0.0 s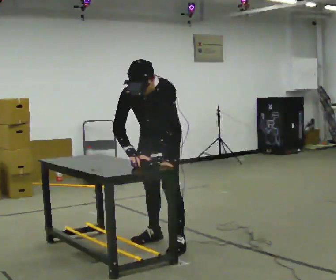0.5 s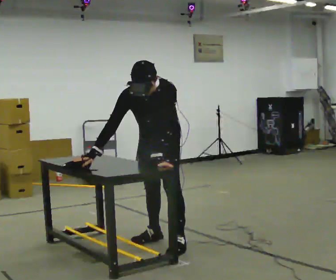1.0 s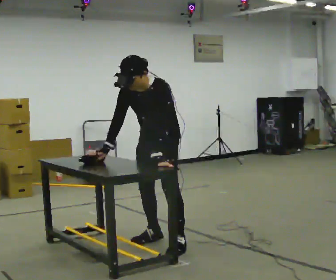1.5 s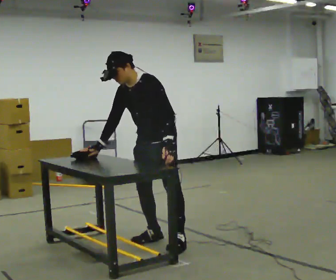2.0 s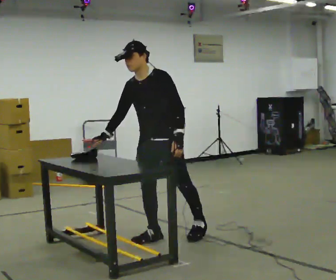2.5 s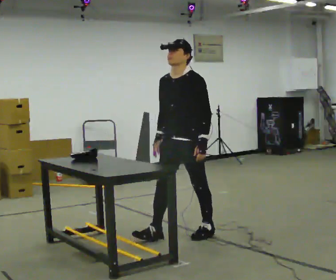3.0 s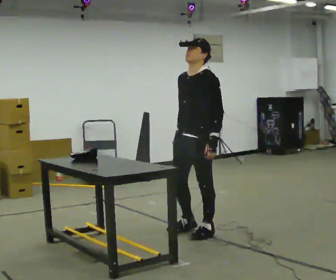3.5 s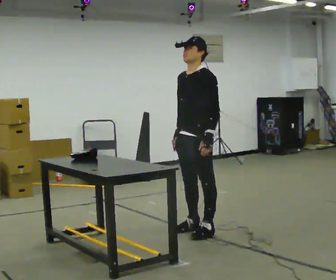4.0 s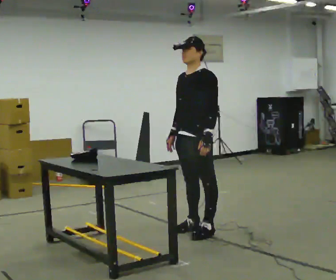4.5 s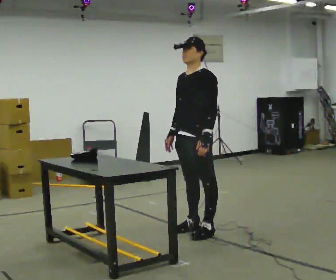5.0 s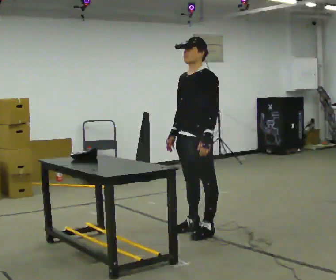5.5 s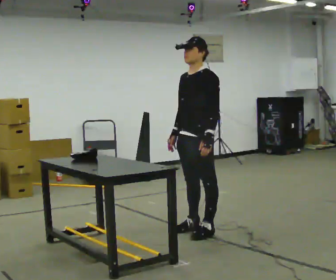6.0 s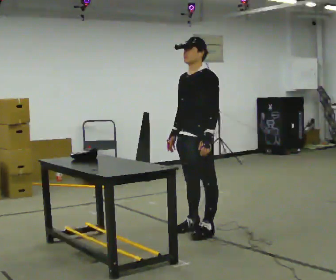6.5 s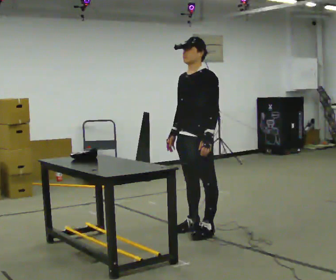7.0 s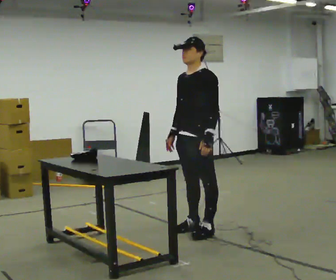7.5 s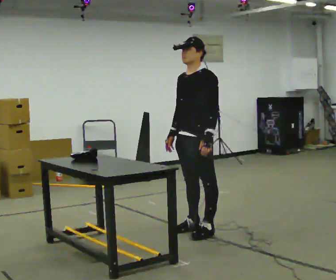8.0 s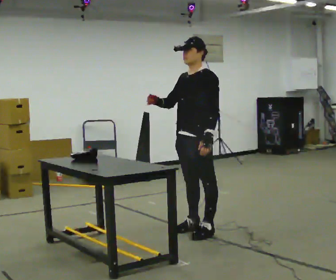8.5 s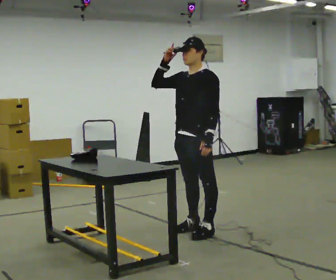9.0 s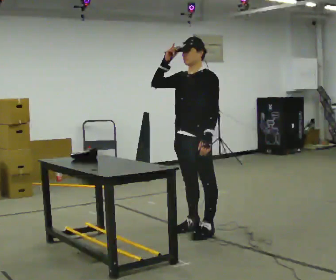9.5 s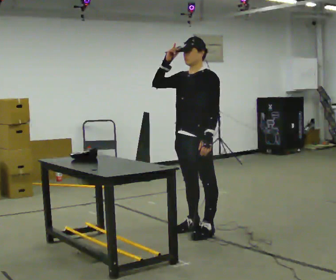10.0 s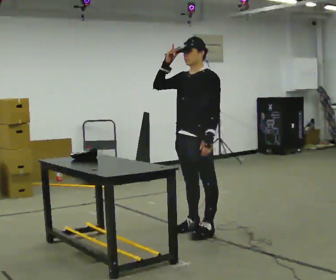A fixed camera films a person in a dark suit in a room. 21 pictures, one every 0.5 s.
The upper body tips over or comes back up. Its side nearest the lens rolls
upward.
Their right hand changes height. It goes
upward.
0.0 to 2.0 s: In the picture they go away from the camera, about 0.25 m, which for them is backward. The upper body tips away from the camera, its near side rolling upward, as they lean back or straighten.
2.0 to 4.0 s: In the picture they go to the right and away from the camera, about 0.25 m in 2 steps, which for them is backward. In the picture the upper body tilts clockwise, shoulders to the right, as they lean back or straighten.
4.0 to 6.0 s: The person keeps their place and pose.
6.0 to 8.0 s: In the picture their right hand goes upward, the arm swinging clockwise.
8.0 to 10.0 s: The person moves a little, or ends about where they began.
The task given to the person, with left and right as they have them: Cover the whole panel with the brush or roller, using long strokes. Repeat at your own pace until the operator says stop. Keep both feet on the marked spots for the whole take. If you have to step, stop and tell the operator.
The film runs forward here.
